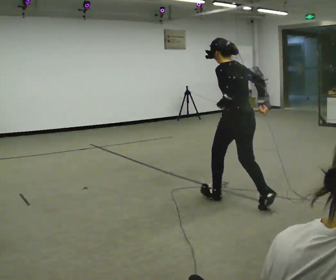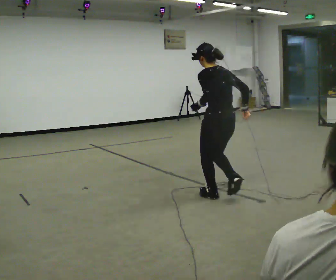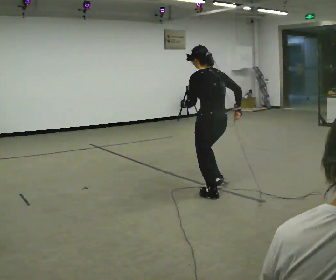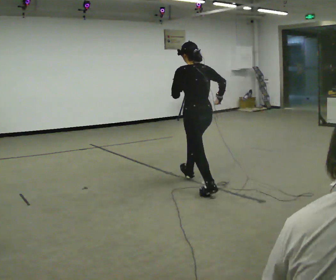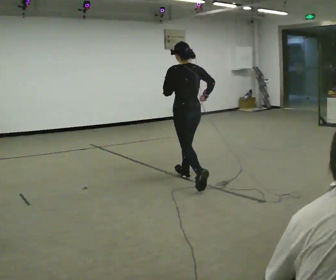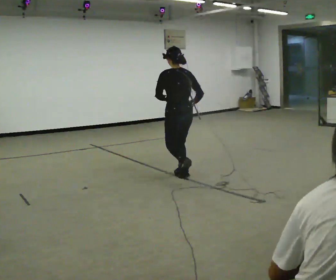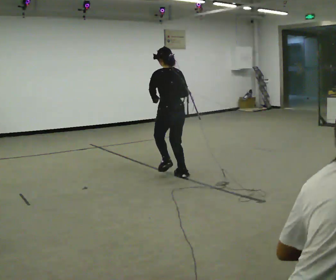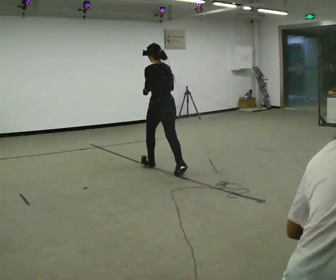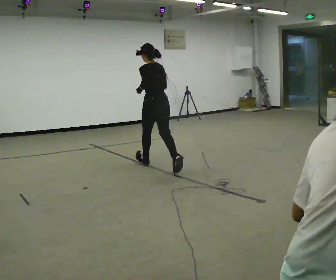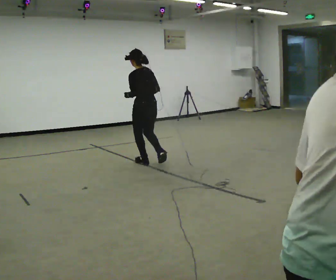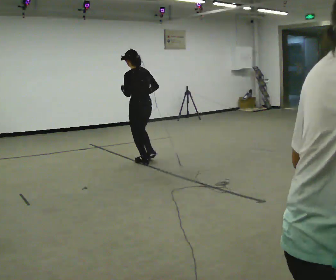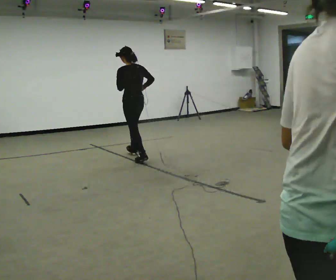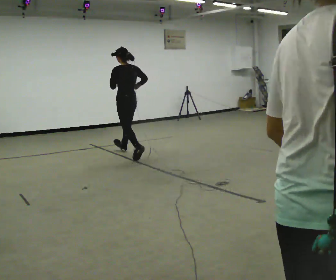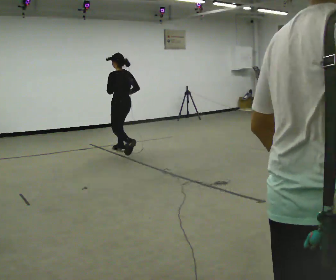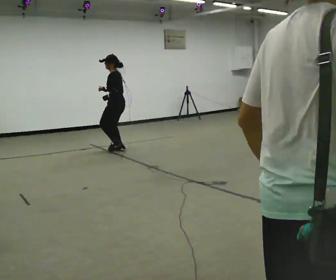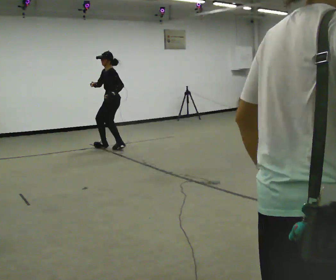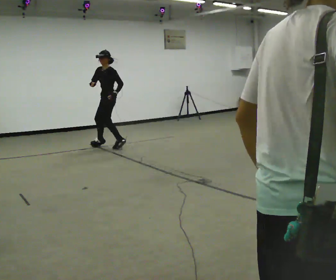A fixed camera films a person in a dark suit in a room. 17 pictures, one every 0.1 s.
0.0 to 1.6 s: The person turns about 75 degrees to their left, counterclockwise seen from above, so the part of the body nearest the lens slides to the right. In the picture they go away from the camera and to the left, about 3 m in 4 steps. The upper body tips toward the camera, its near side rolling downward.
The film runs forward here.
